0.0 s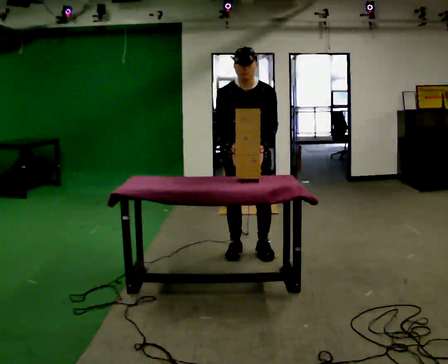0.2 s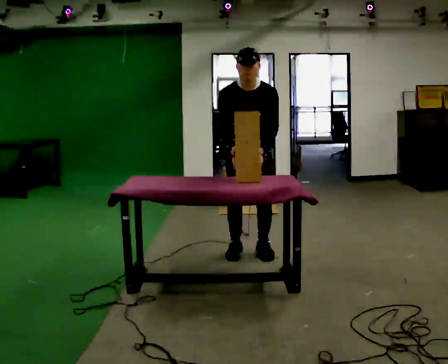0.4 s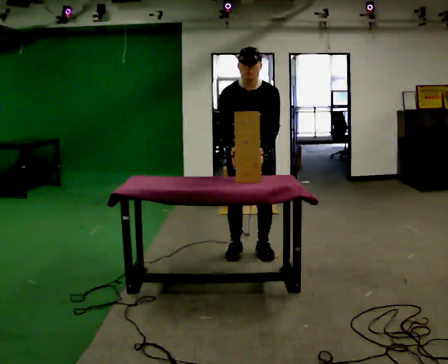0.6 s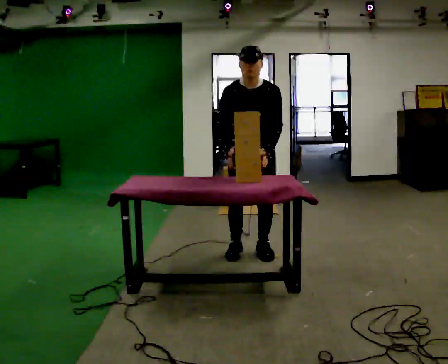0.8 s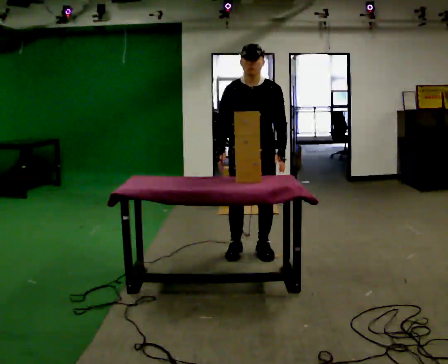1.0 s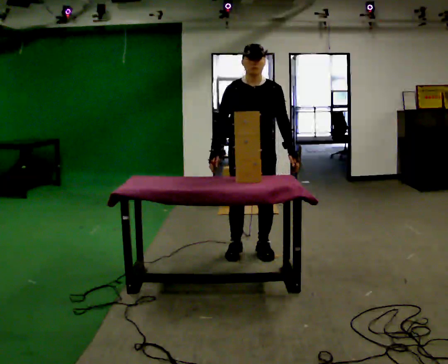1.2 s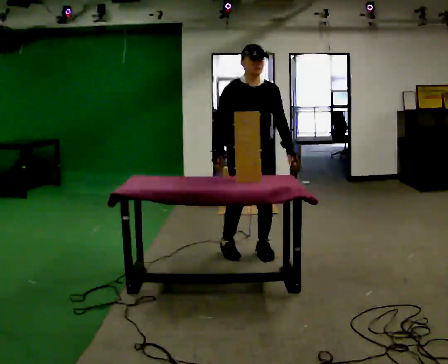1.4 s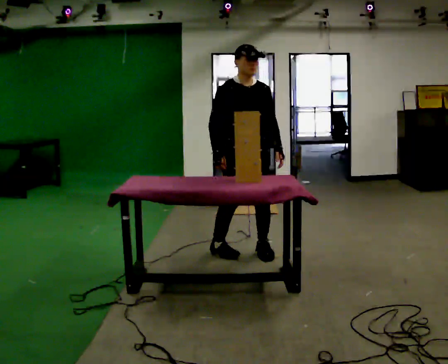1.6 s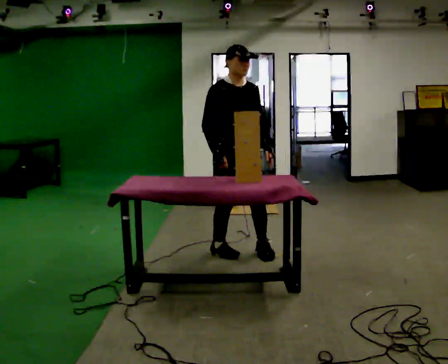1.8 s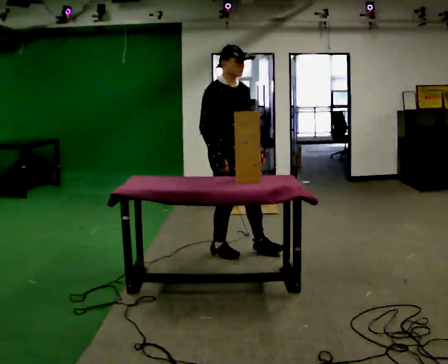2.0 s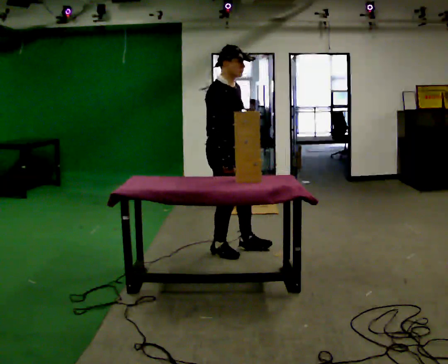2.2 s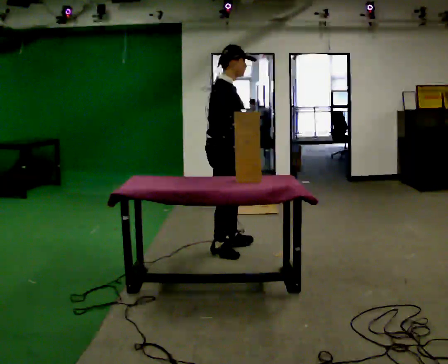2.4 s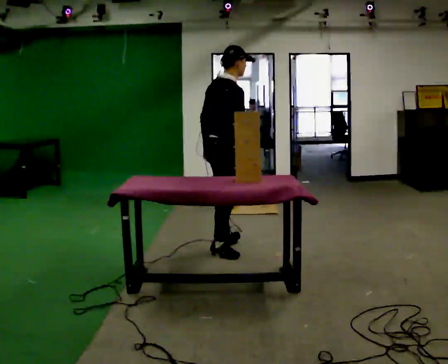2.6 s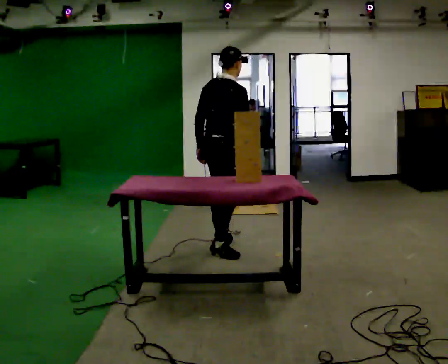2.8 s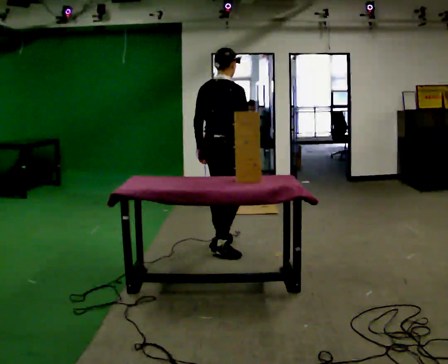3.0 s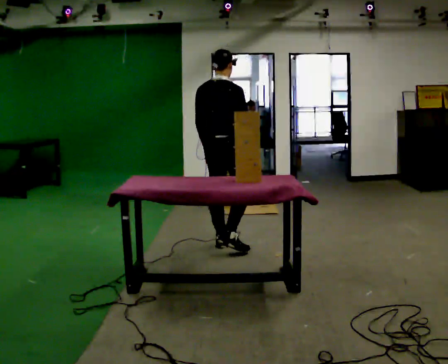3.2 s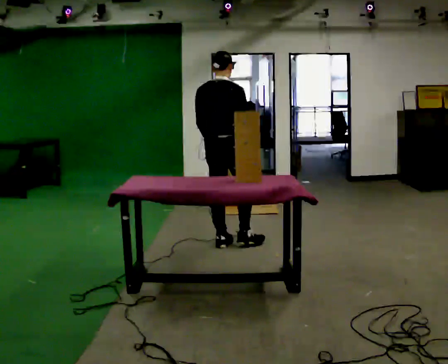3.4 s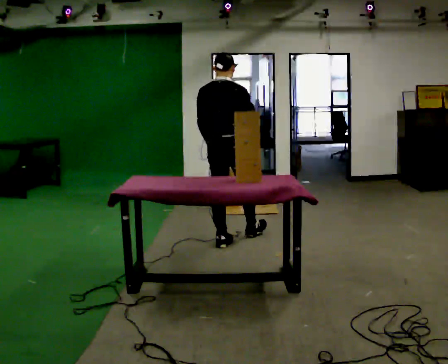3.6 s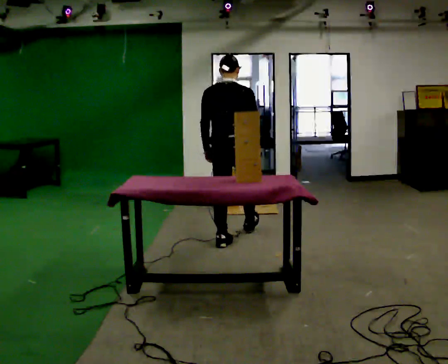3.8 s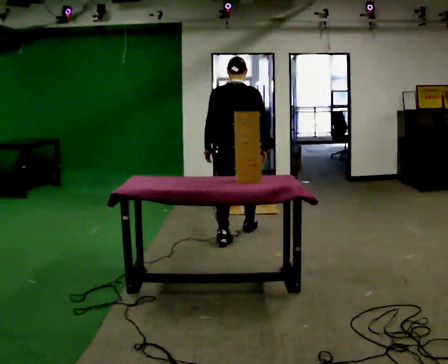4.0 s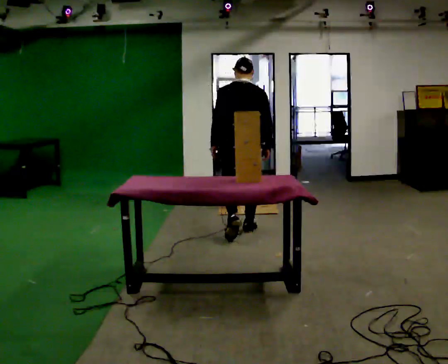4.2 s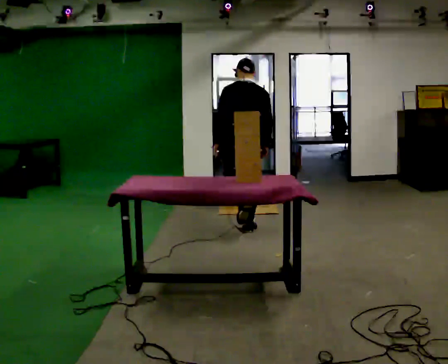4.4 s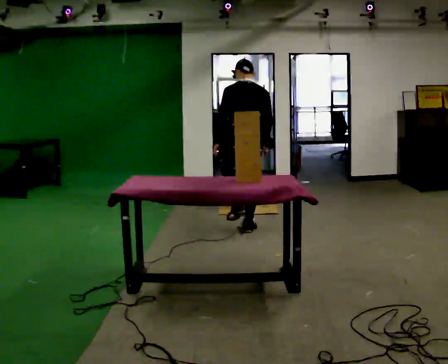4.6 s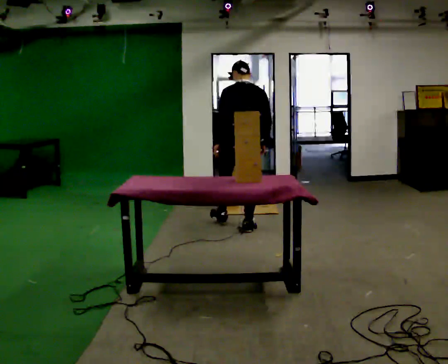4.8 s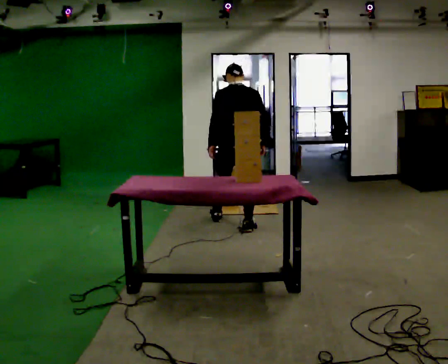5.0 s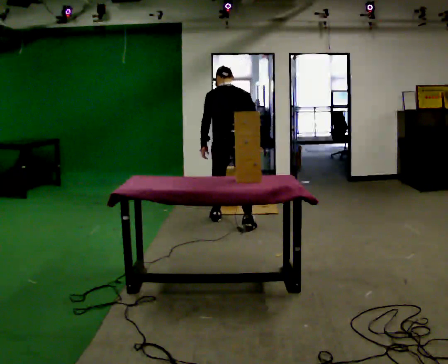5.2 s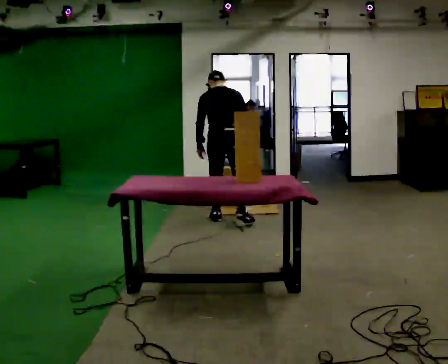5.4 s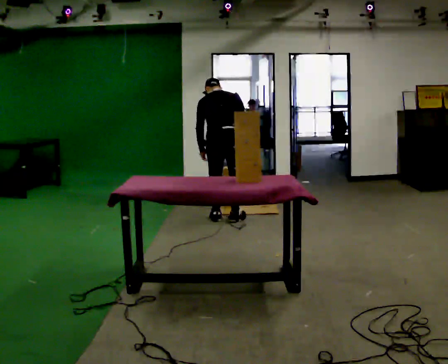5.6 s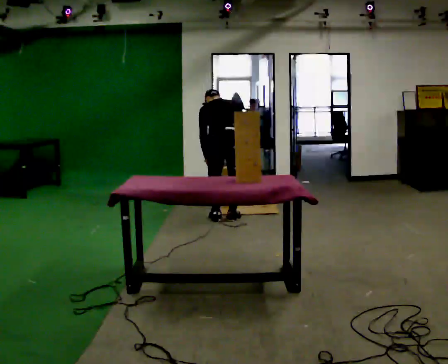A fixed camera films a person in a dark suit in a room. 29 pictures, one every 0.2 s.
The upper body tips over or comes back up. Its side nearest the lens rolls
upward.
The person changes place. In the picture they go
away from the camera.
0.0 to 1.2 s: The upper body tips away from the camera, its near side rolling upward, as they lean back or straighten.
1.2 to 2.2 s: The person turns about 75 degrees to their left, counterclockwise seen from above, so the part of the body nearest the lens slides to the right. In the picture they go to the left, about 0.25 m in 1 step. In the picture their left hand goes to the left.
2.2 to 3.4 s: Seen from above the body turns counterclockwise, about 75 degrees: to their left, with its near side sliding to the right. In the picture they go away from the camera, about 0.25 m in 1 step.
3.4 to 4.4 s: In the picture they go away from the camera and to the right, about 0.5 m in 1 step, which for them is forward and to their right.
4.4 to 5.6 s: In the picture they go away from the camera and to the left, about 0.25 m in 2 steps, which for them is forward and to their left. The upper body goes downward. The upper body tips away from the camera, its near side rolling upward, as they bend forward.
The film runs forward here.
